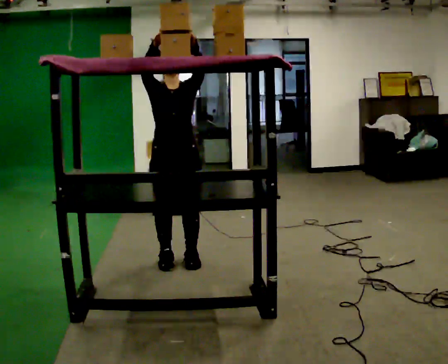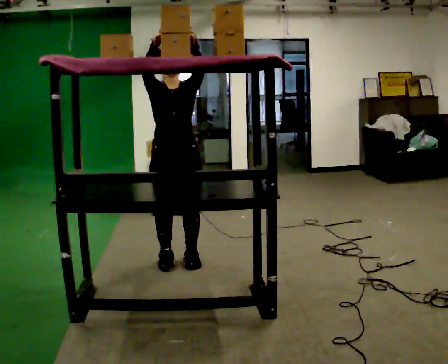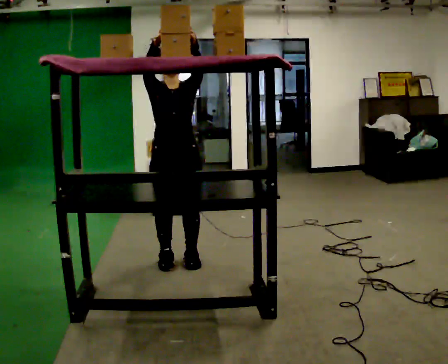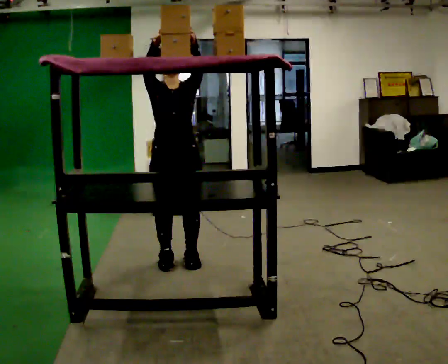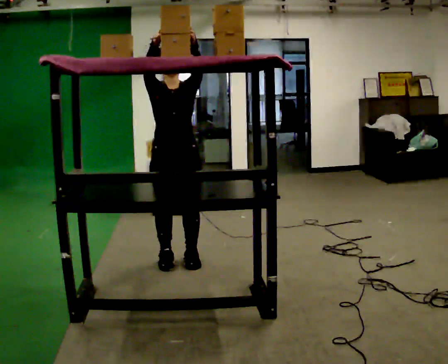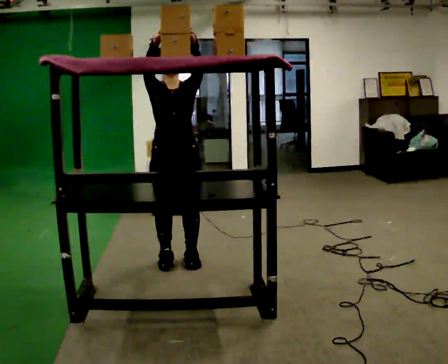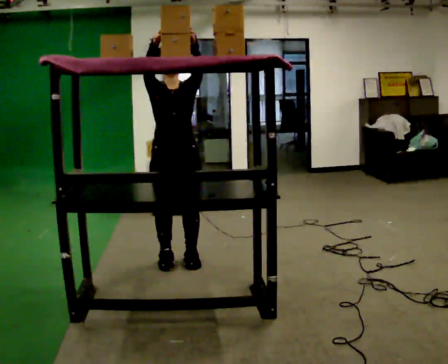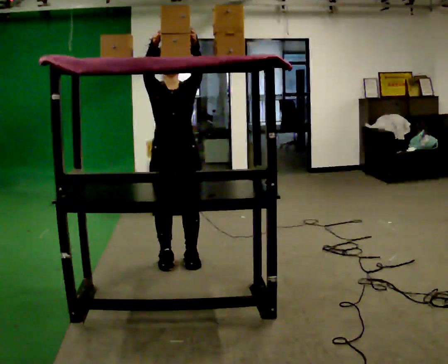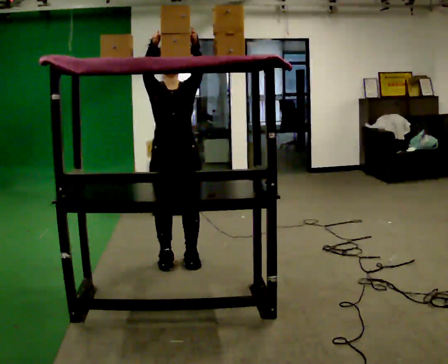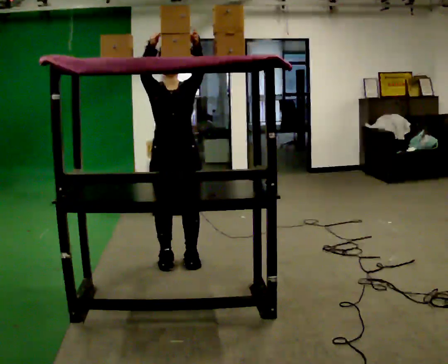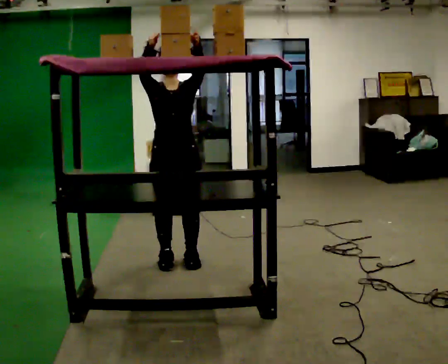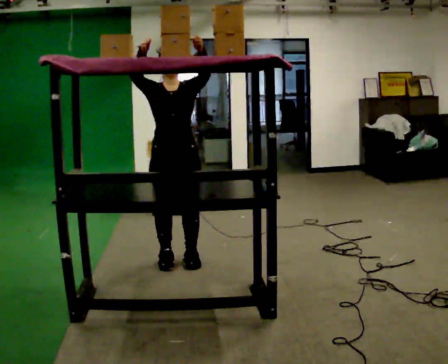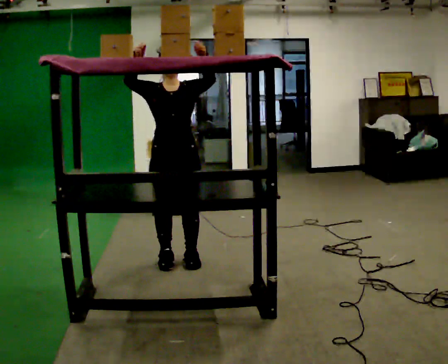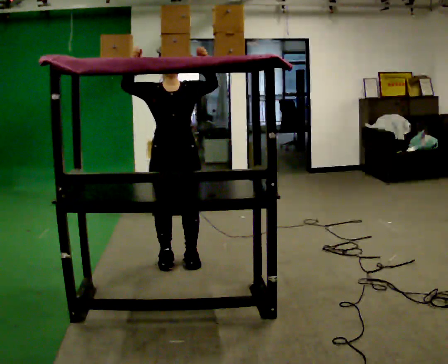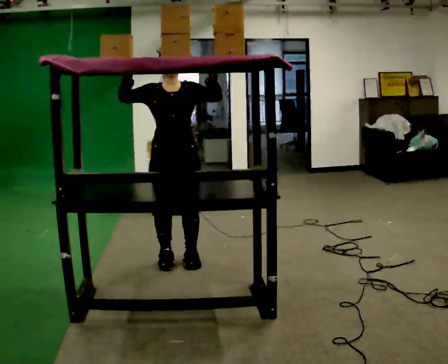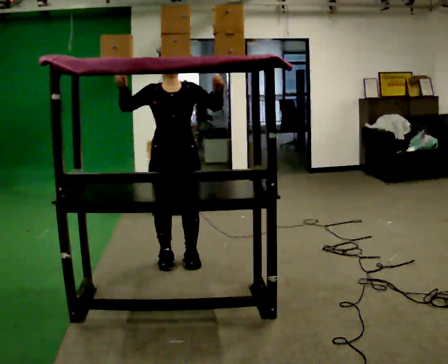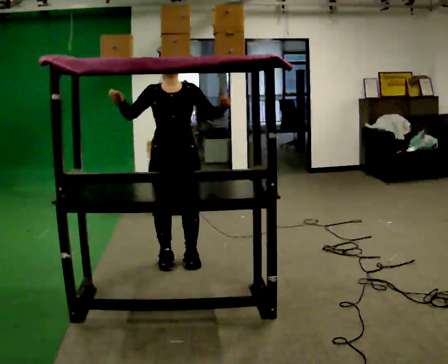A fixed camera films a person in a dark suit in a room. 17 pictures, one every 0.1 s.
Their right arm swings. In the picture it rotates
counterclockwise.
0.0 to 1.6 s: In the picture their left hand goes downward.
The film runs backward here.
